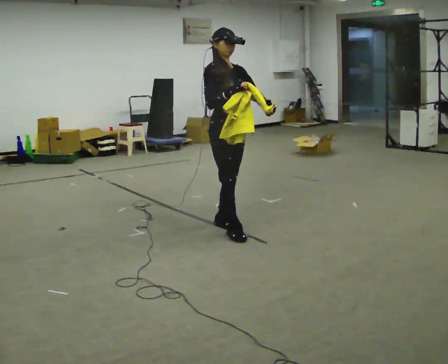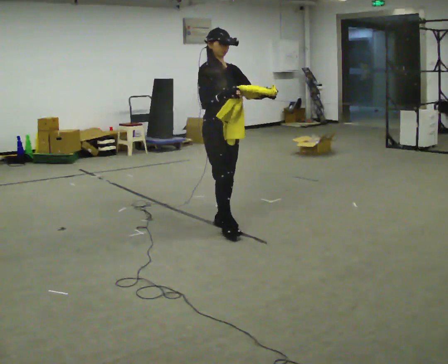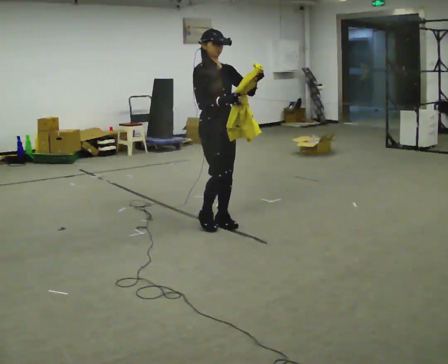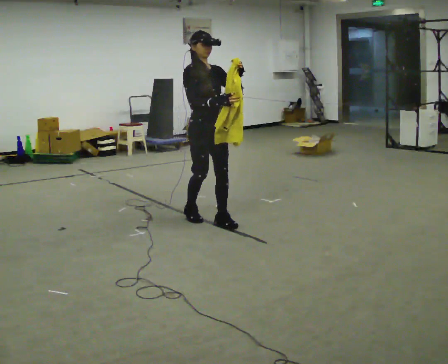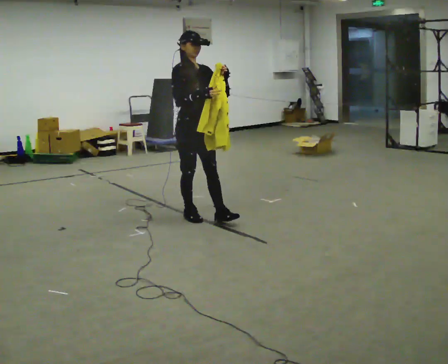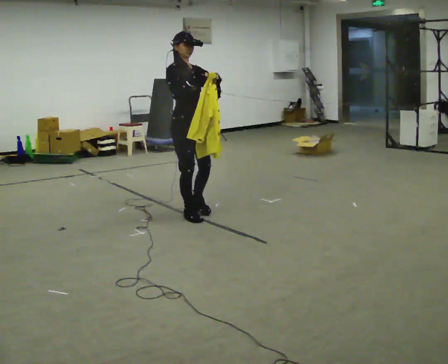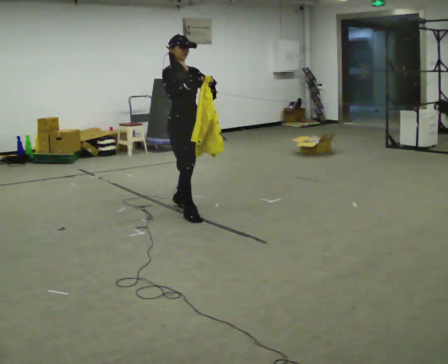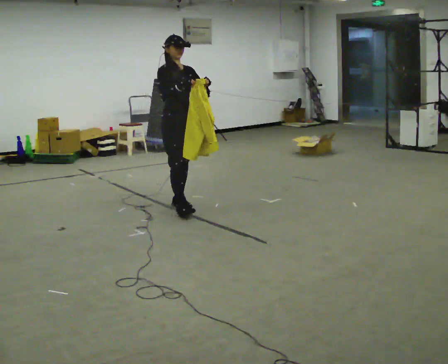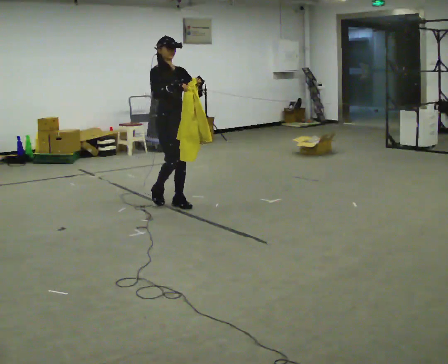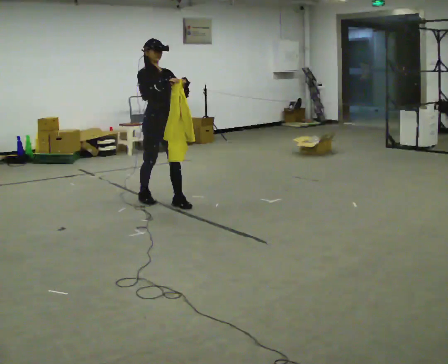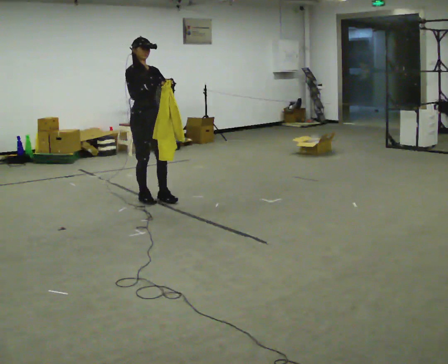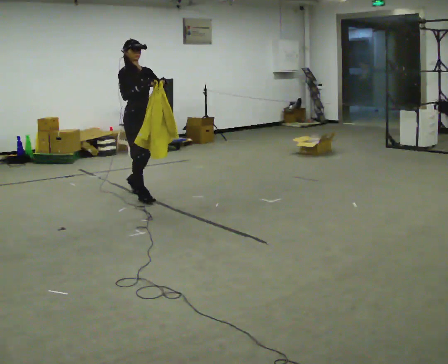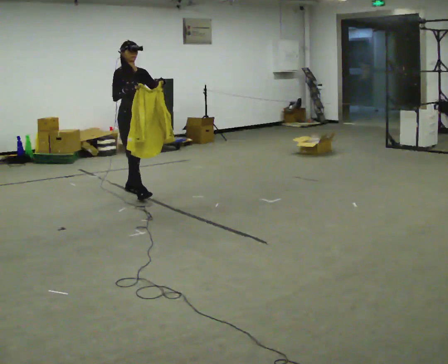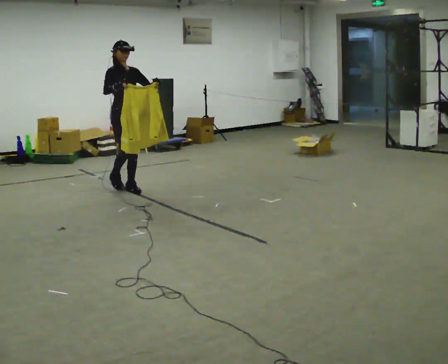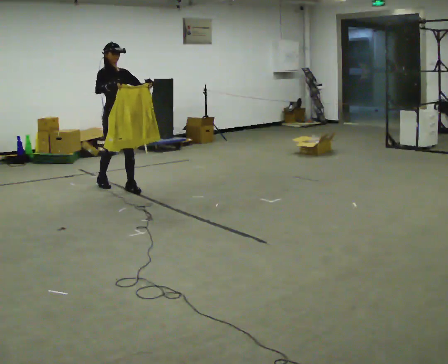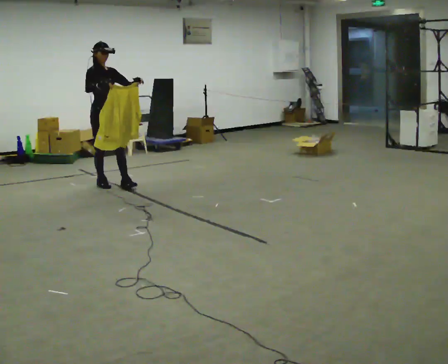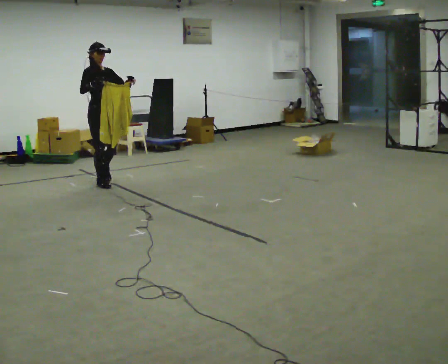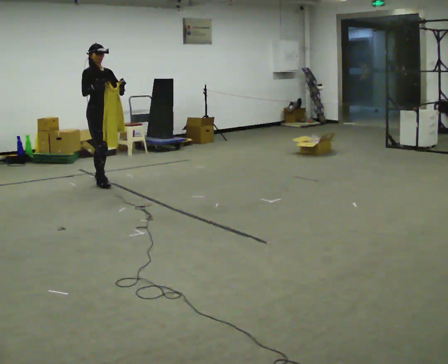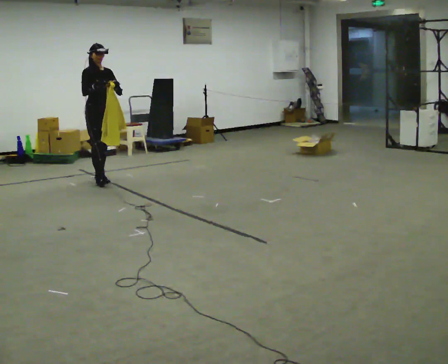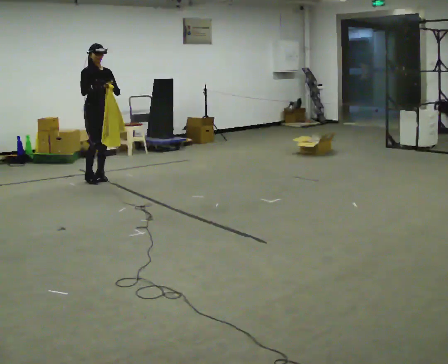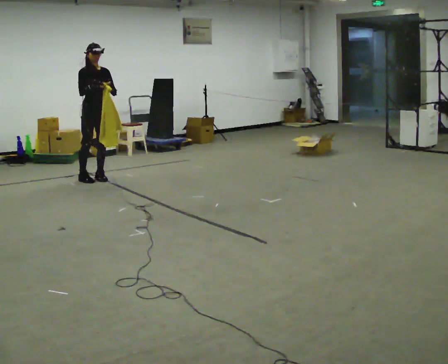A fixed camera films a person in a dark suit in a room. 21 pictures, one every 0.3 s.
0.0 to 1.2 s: In the picture they go away from the camera and to the left, about 0.5 m in 2 steps, which for them is backward.
1.2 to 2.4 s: In the picture they go away from the camera, about 0.5 m in 1 step, which for them is backward.
2.4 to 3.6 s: In the picture they go away from the camera and to the left, about 0.5 m in 2 steps, which for them is backward.
3.6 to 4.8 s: In the picture they go away from the camera and to the left, about 0.5 m in 1 step, which for them is backward.
4.8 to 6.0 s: In the picture they go away from the camera, about 0.25 m in 1 step, which for them is backward.
The film runs backward here.
